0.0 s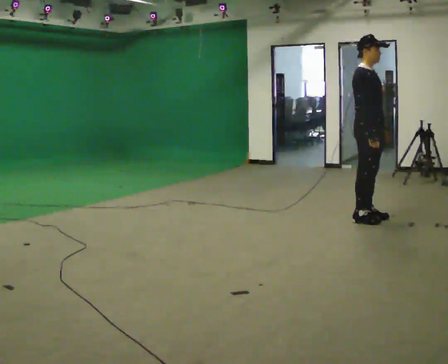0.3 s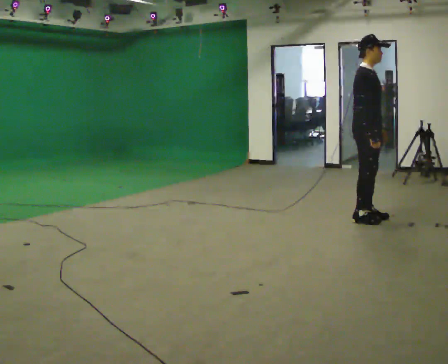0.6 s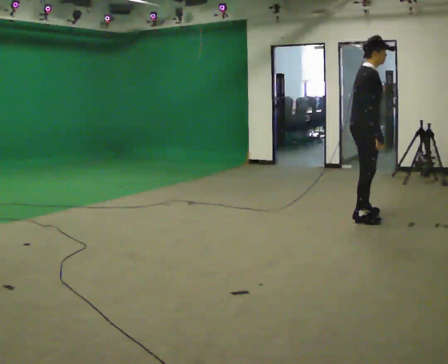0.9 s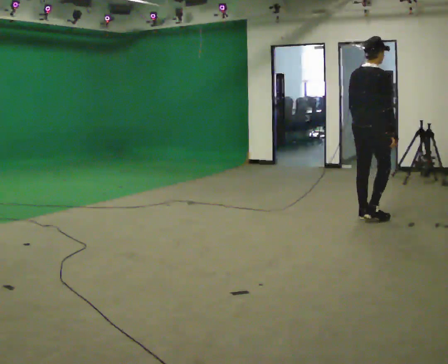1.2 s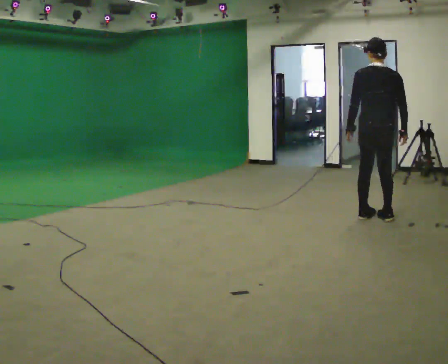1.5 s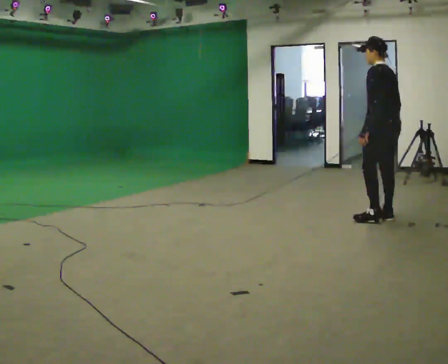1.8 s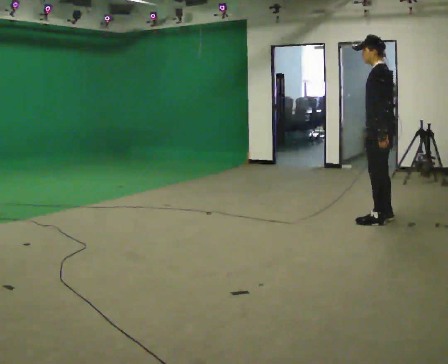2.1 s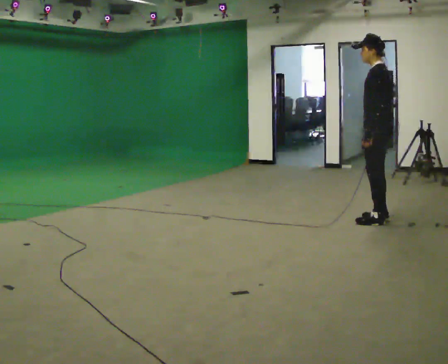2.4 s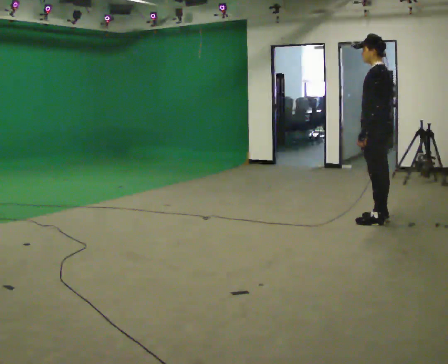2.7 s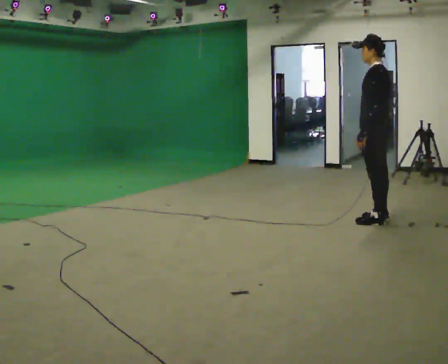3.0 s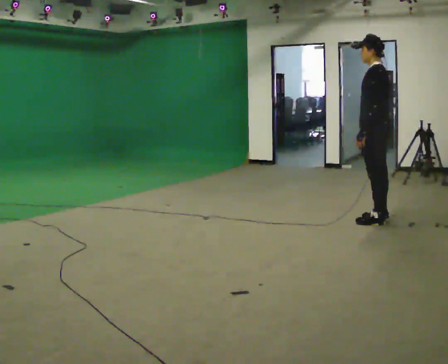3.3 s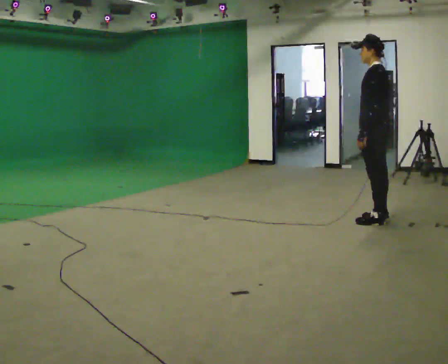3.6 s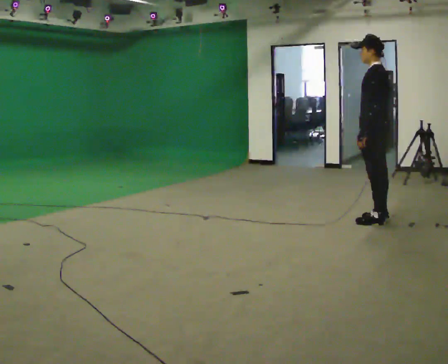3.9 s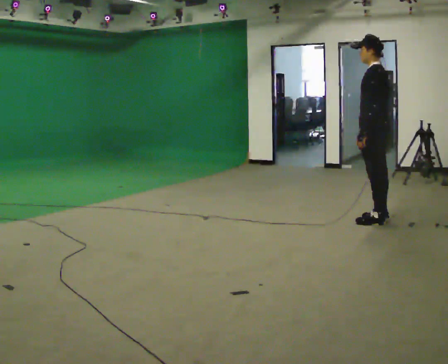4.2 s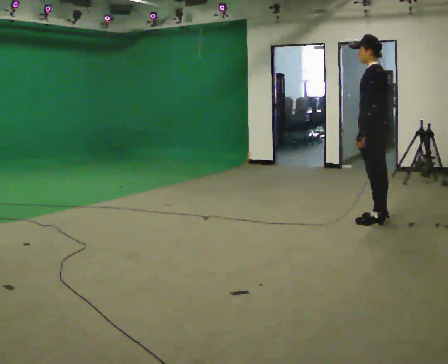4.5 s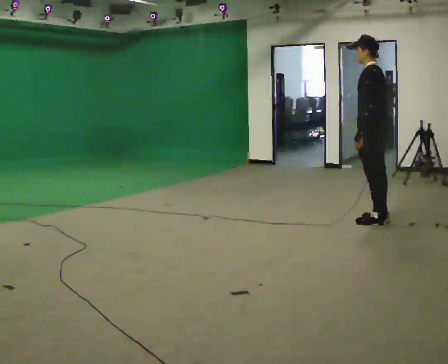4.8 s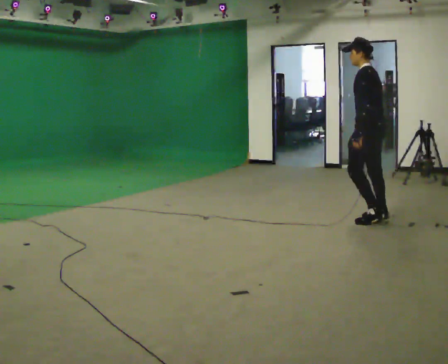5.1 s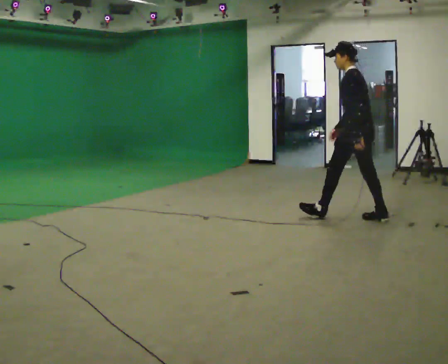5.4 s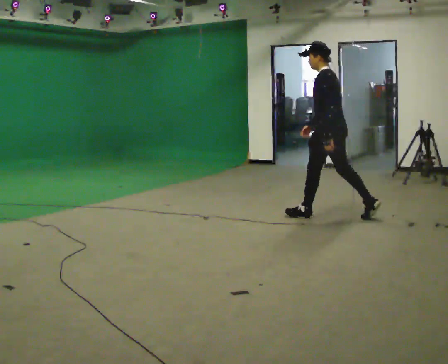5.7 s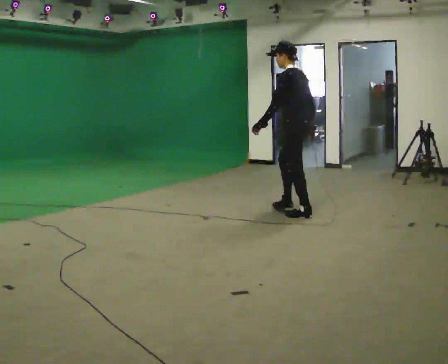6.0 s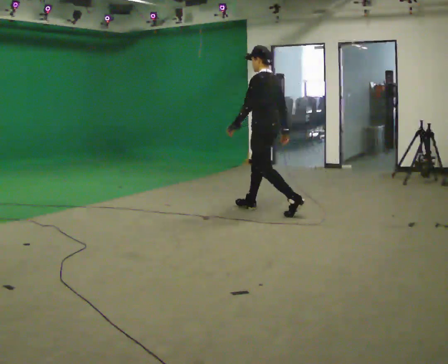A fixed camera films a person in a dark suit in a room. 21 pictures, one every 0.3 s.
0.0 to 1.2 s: The part of the body nearest the lens slides to the right as the person turns to their left by about 120 degrees.
1.2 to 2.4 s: Seen from above the body turns counterclockwise, about 60 degrees: to their left, with its near side sliding to the right.
2.4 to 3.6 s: The person keeps their place and pose.
3.6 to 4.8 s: The person moves a little, or ends about where they began.
4.8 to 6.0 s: In the picture they go to the left, about 1 m in 2 steps, which for them is forward.
The film runs forward here.
